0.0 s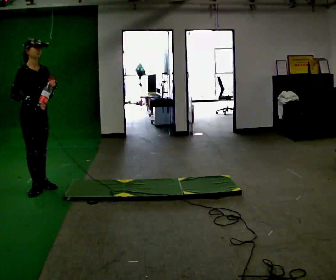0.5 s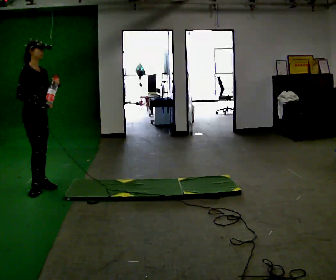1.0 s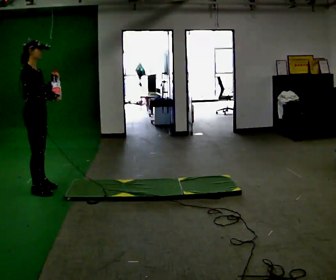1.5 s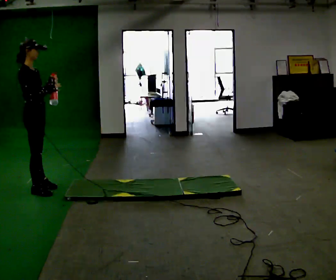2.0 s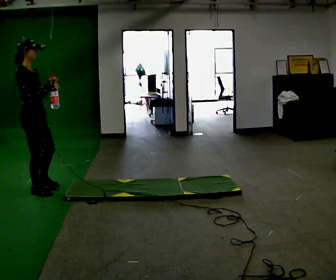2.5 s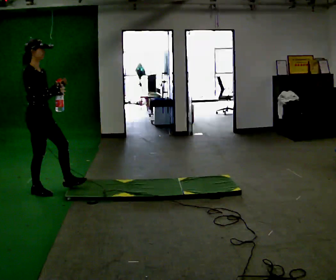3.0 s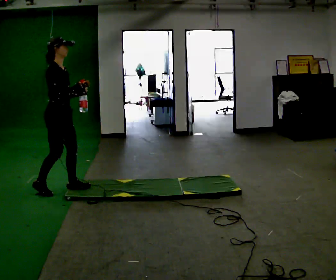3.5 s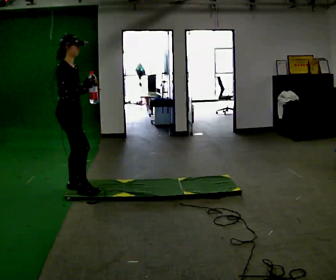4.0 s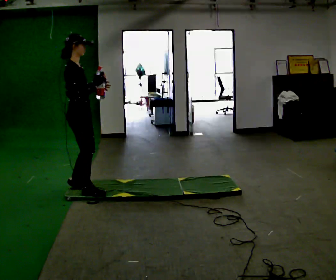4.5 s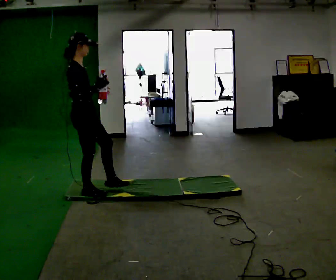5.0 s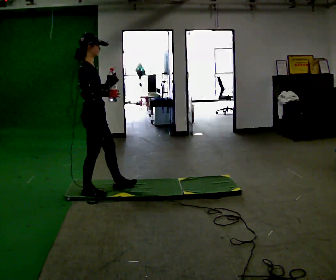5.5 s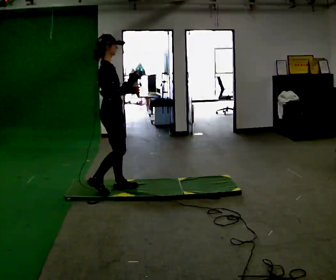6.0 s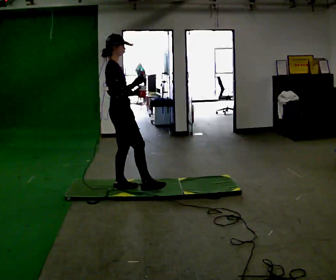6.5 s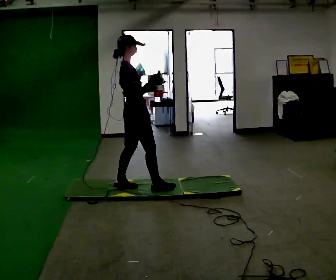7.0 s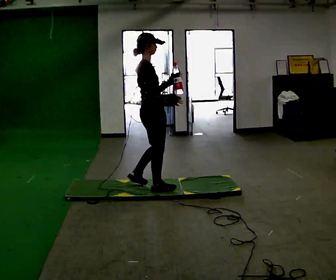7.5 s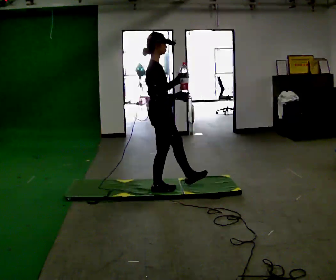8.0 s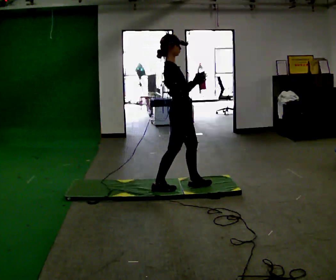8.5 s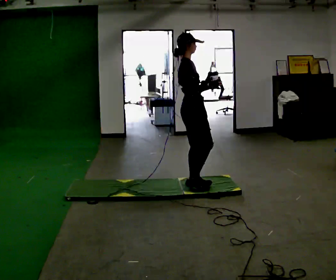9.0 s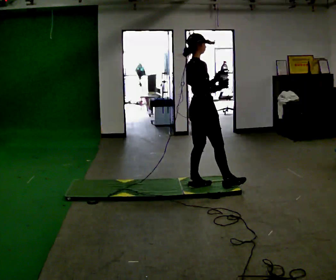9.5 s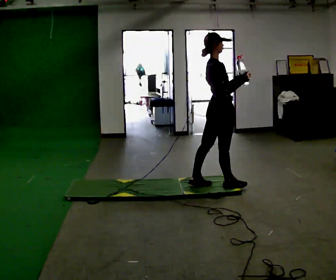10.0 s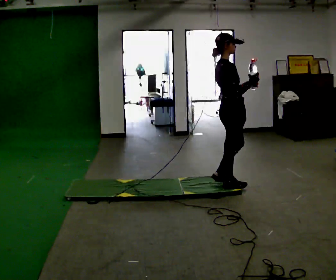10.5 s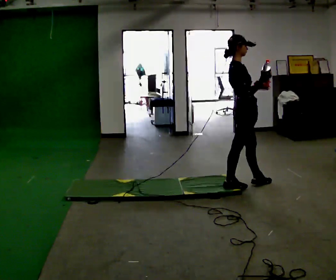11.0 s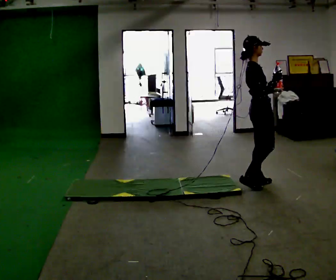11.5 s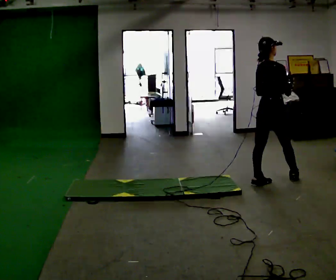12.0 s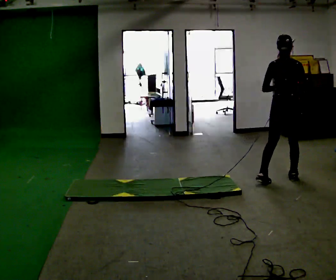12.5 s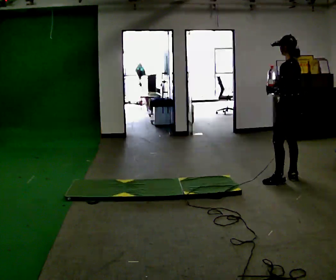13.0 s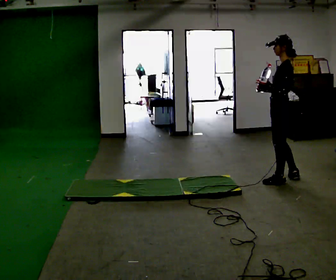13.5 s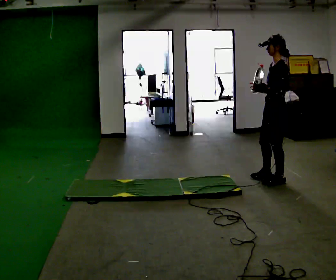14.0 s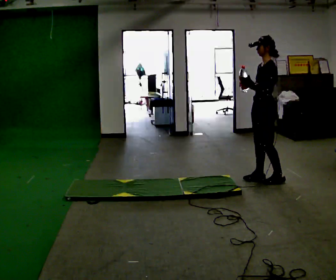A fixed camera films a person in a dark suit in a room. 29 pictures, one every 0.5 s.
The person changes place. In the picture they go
to the right.
0.0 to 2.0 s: The part of the body nearest the lens slides to the right as the person turns to their left by about 30 degrees.
2.0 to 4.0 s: In the picture they go to the right, about 0.5 m in 2 steps, which for them is forward.
4.0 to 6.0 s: In the picture they go to the right and away from the camera, about 0.5 m in 1 step, which for them is forward and to their left.
6.0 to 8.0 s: In the picture they go to the right, about 0.75 m in 2 steps, which for them is forward.
8.0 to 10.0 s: In the picture they go to the right, about 0.5 m in 1 step, which for them is forward.
10.0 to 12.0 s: The part of the body nearest the lens slides to the right as the person turns to their left by about 75 degrees. In the picture they go to the right, about 0.75 m in 2 steps.
12.0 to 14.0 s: The part of the body nearest the lens slides to the right as the person turns to their left by about 105 degrees. In the picture they go to the left, about 0.25 m in 2 steps. In the picture their left hand goes to the left.
The film runs forward here.
